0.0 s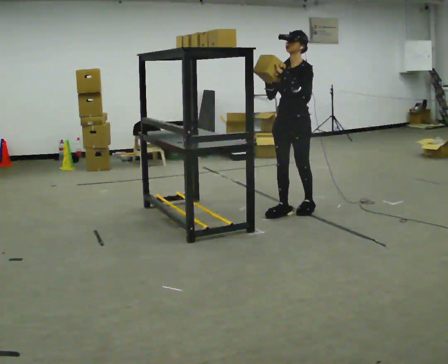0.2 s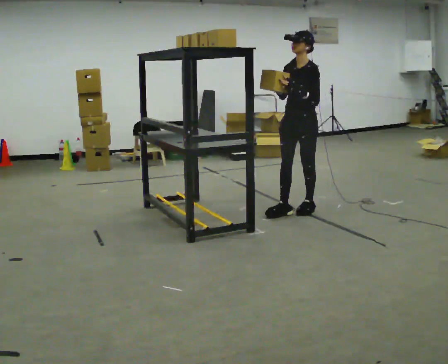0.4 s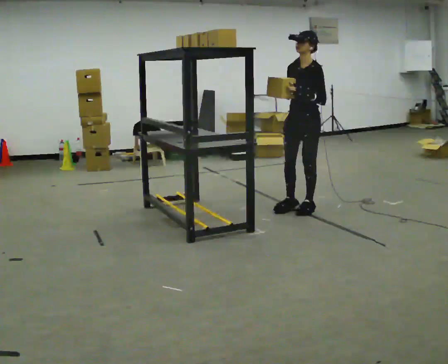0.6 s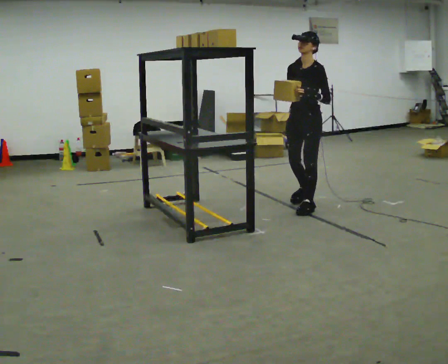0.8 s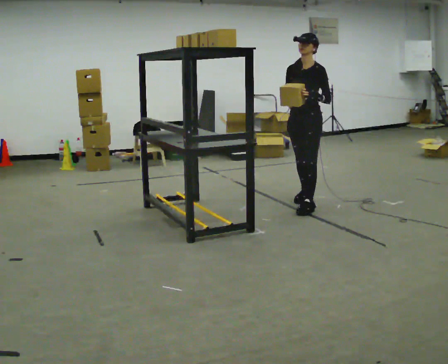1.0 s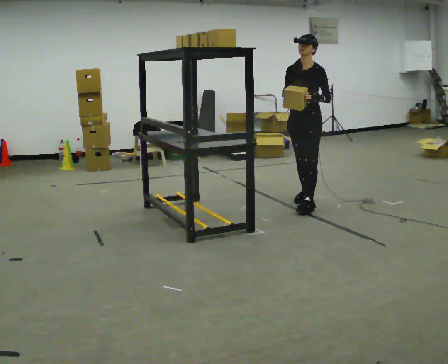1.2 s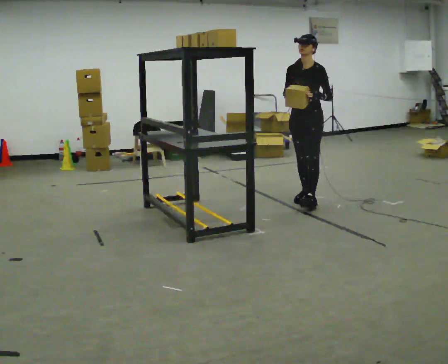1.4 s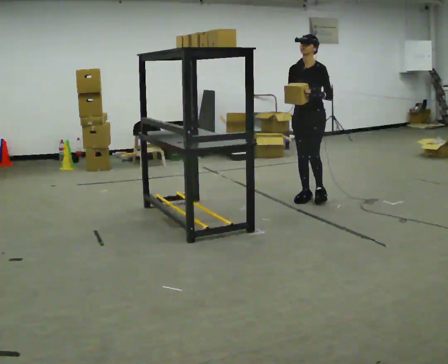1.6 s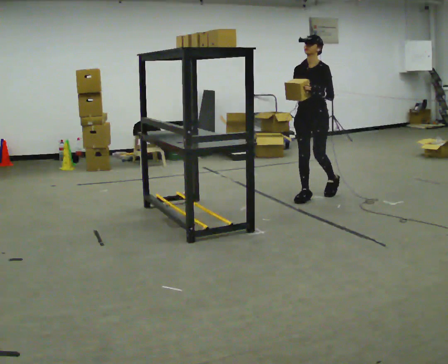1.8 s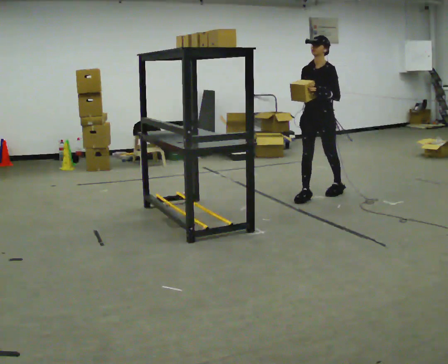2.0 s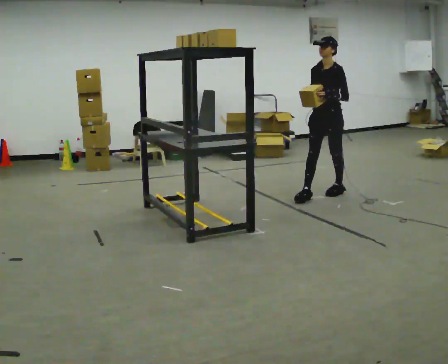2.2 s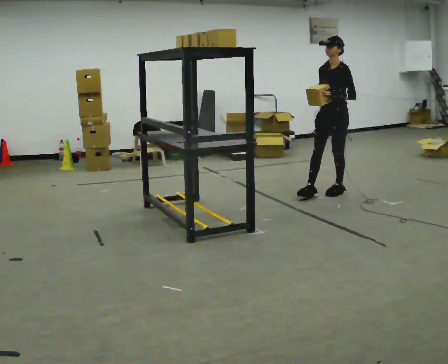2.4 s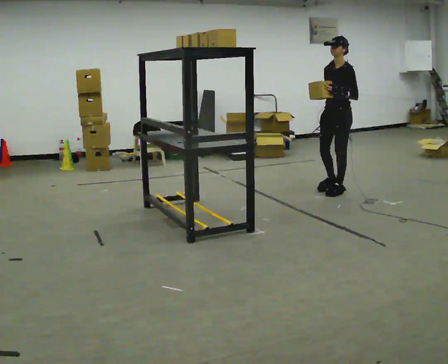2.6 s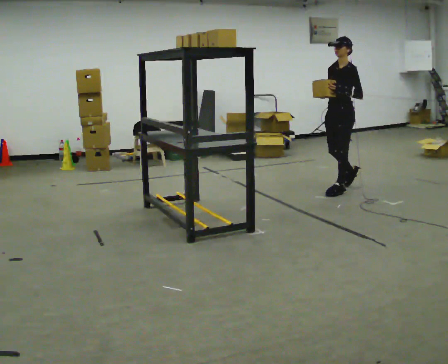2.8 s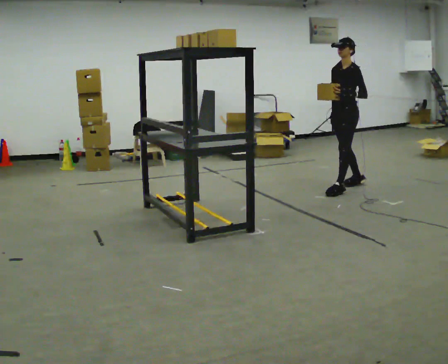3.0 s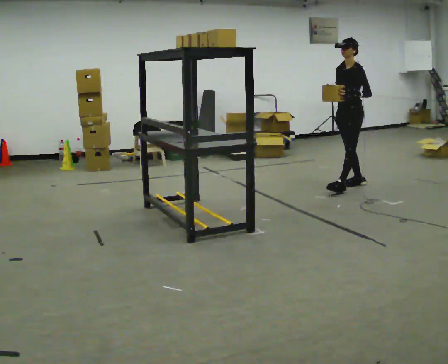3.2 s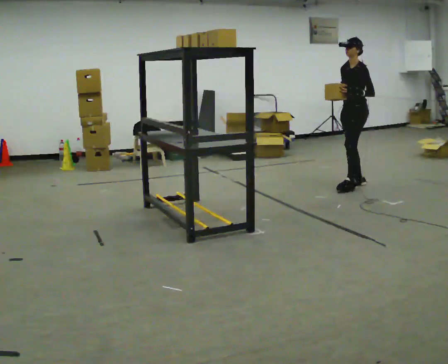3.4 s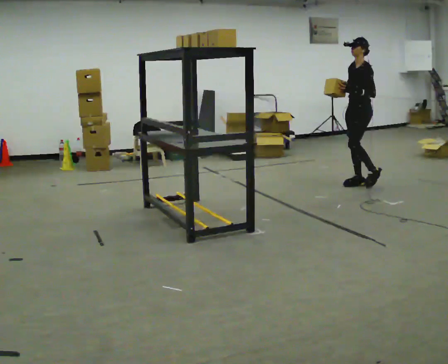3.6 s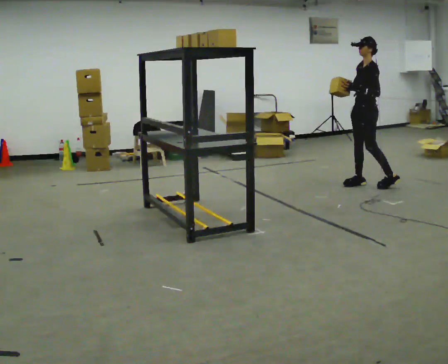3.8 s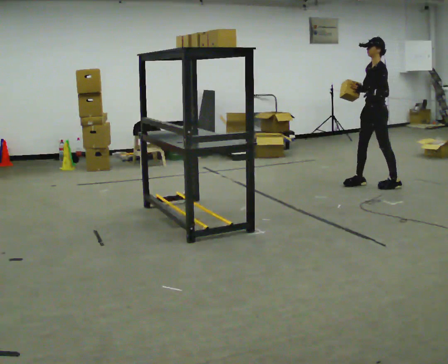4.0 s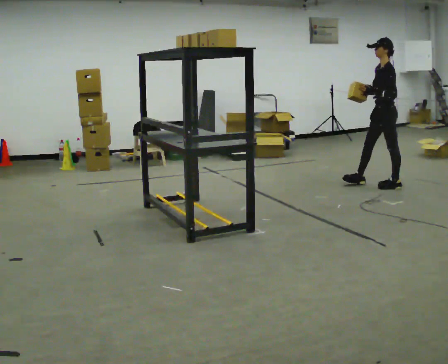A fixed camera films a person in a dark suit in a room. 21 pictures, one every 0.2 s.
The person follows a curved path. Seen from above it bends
clockwise.
0.0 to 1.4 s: In the picture they go away from the camera, about 0.5 m in 2 steps, which for them is backward and to their right.
1.4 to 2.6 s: The part of the body nearest the lens slides to the left as the person turns to their right by about 30 degrees. In the picture they go to the right and away from the camera, about 0.5 m in 1 step, which for them is backward.
2.6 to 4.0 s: The person turns about 30 degrees to their right, clockwise seen from above, so the part of the body nearest the lens slides to the left. In the picture they go to the right, about 0.5 m in 2 steps, which for them is backward.
The film runs backward here.
